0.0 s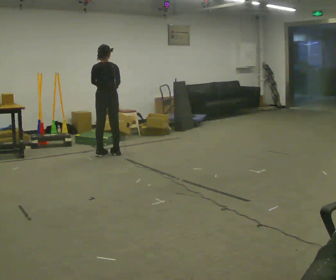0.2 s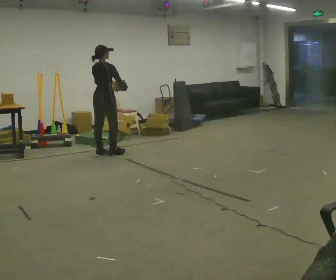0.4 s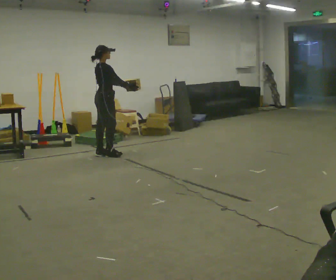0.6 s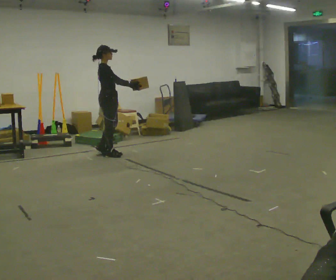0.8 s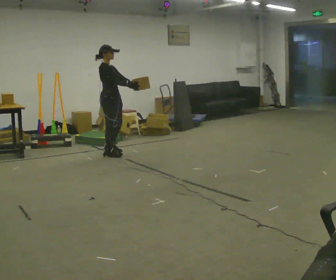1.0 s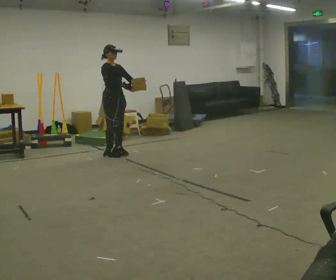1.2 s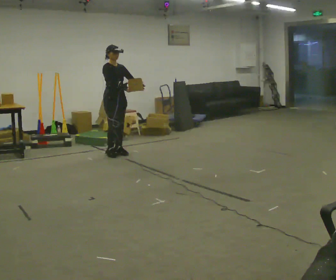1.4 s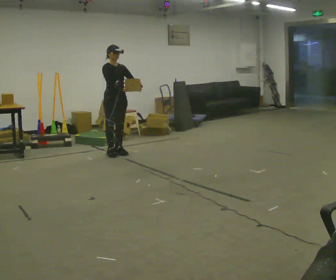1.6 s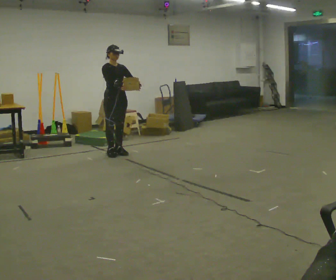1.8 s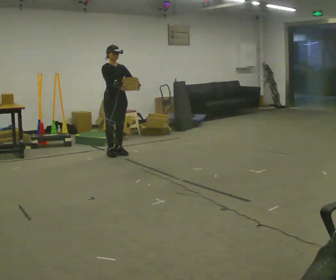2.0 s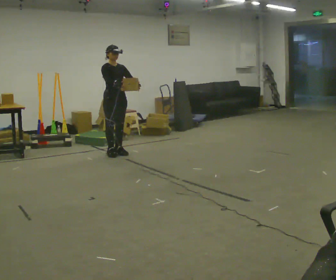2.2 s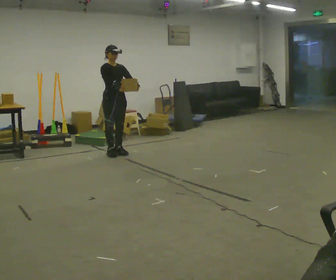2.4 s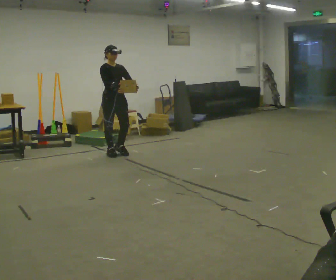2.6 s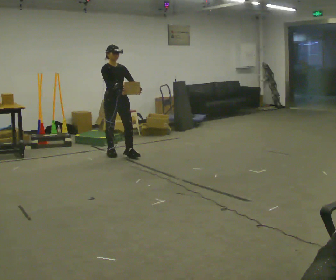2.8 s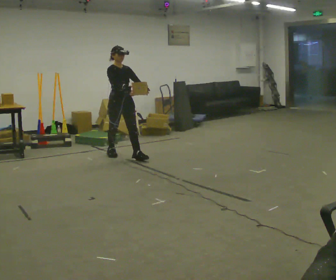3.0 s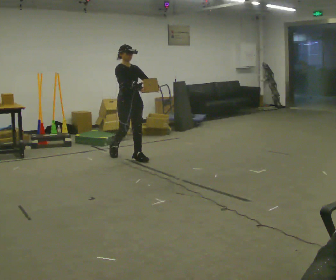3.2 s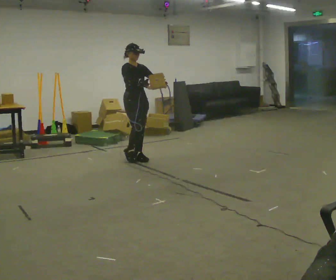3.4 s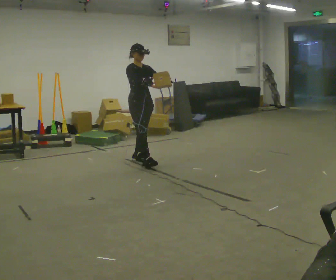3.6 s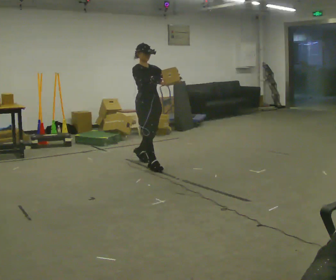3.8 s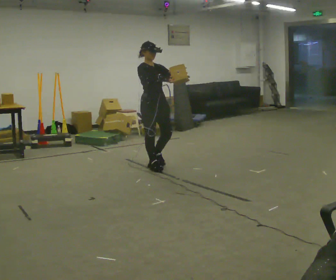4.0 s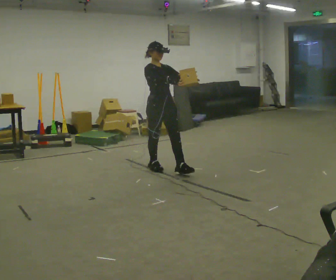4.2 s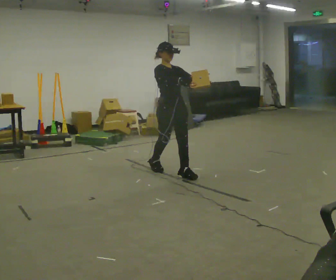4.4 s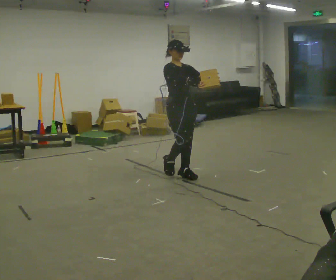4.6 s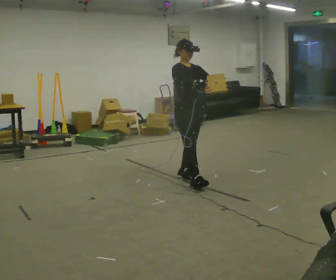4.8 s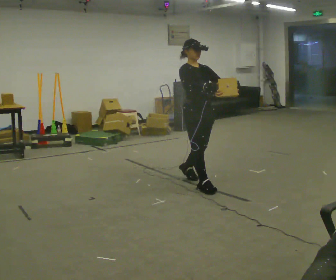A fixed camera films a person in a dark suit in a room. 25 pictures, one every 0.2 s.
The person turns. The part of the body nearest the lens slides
to the left.
The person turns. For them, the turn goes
to their right.
0.0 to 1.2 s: The person turns about 135 degrees to their right, clockwise seen from above, so the part of the body nearest the lens slides to the left. In the picture their left hand goes to the right.
1.2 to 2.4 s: The person moves a little, or ends about where they began.
2.4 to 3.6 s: In the picture they go toward the camera and to the right, about 1 m in 2 steps, which for them is forward.
3.6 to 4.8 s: In the picture they go toward the camera and to the right, about 1 m in 2 steps, which for them is forward.
The film runs forward here.
